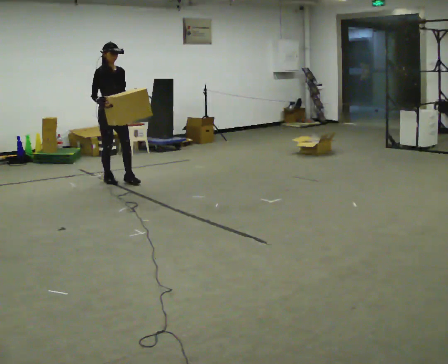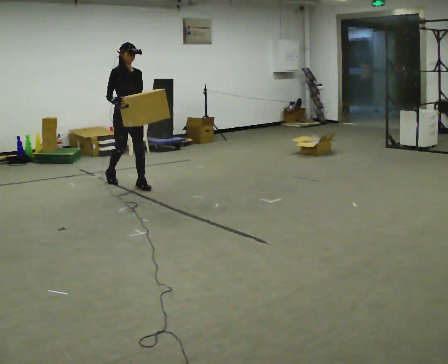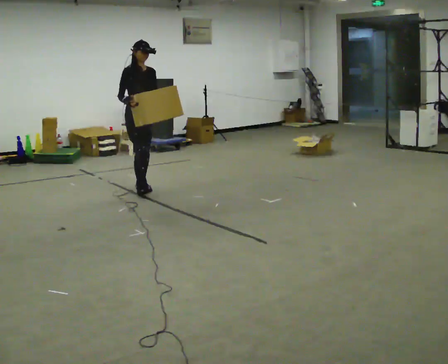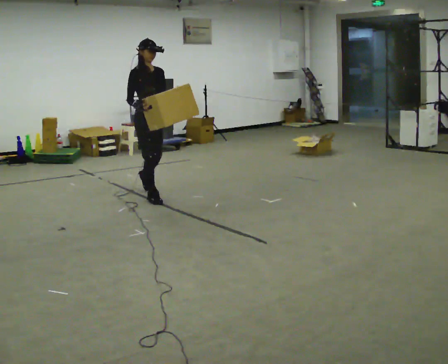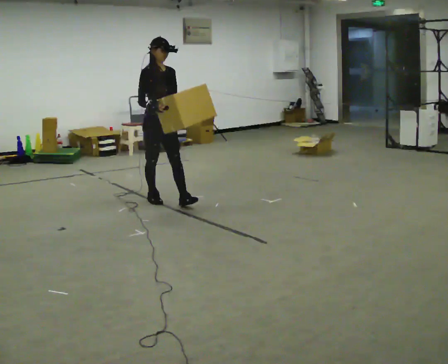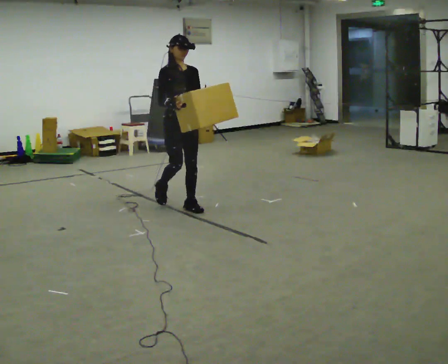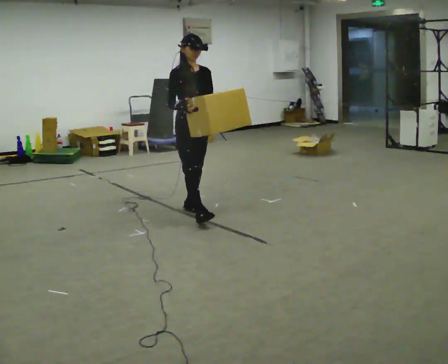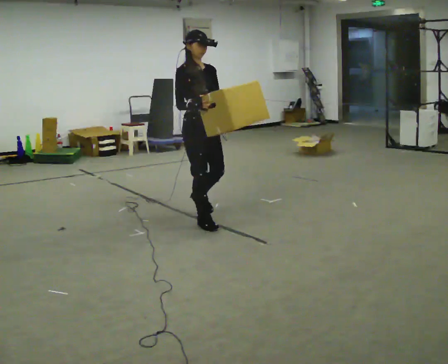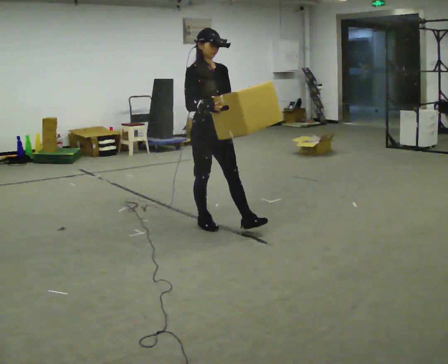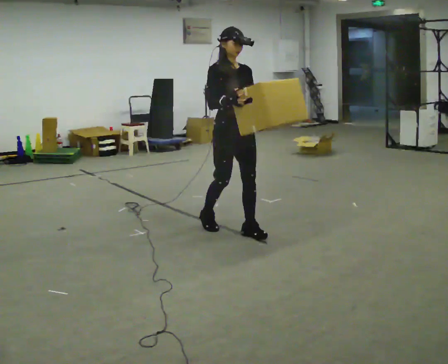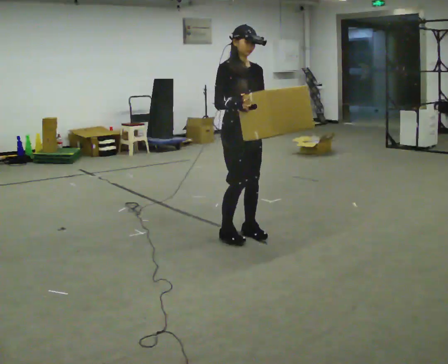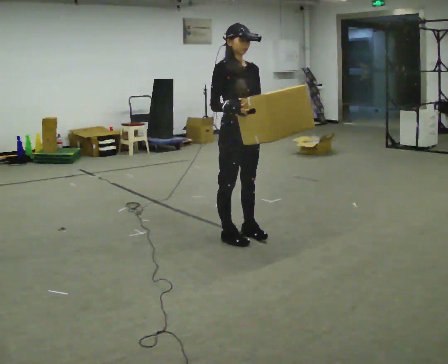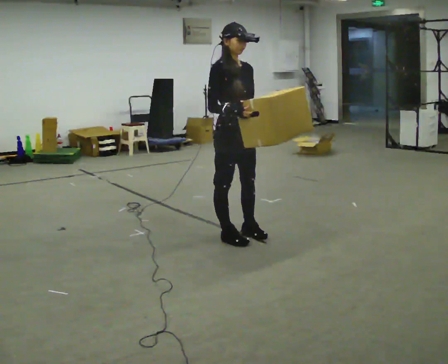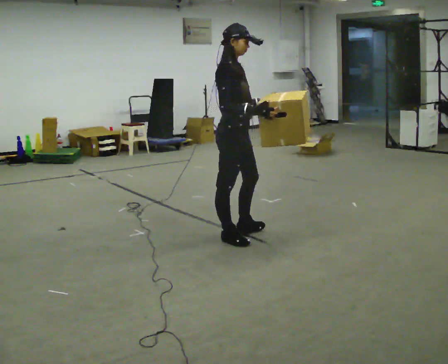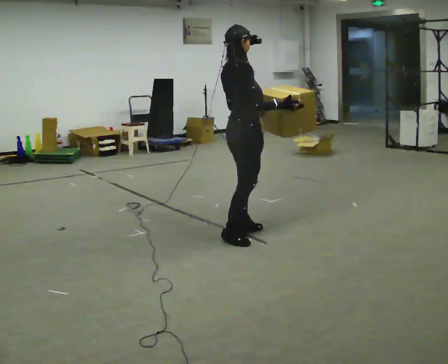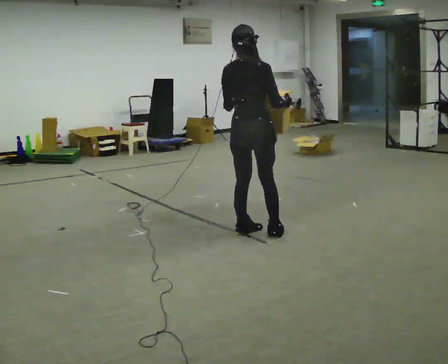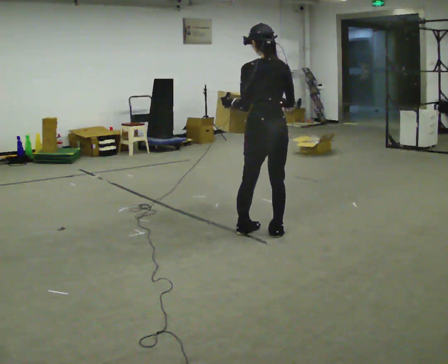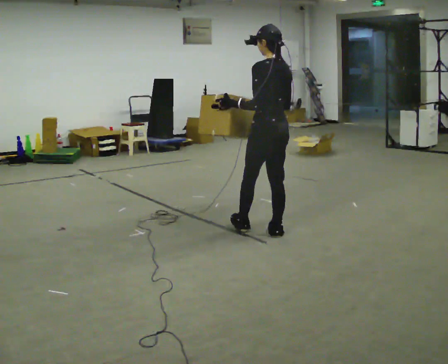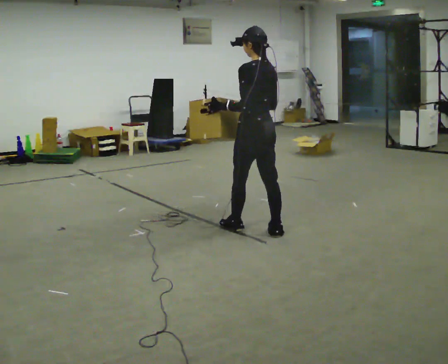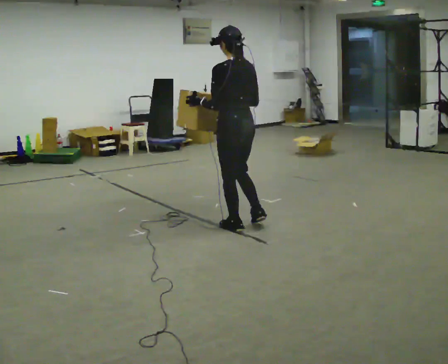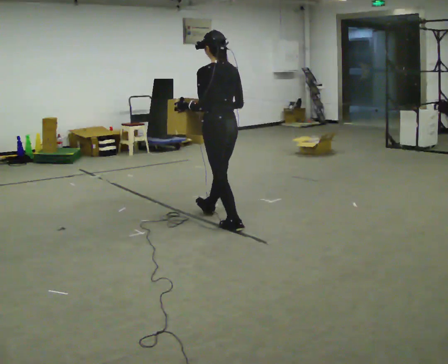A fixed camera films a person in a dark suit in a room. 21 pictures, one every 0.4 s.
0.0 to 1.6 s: In the picture they go toward the camera and to the right, about 1 m in 2 steps, which for them is forward.
1.6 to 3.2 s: In the picture they go toward the camera and to the right, about 1 m in 2 steps, which for them is forward.
3.2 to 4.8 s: In the picture they go toward the camera and to the right, about 0.25 m in 2 steps, which for them is forward.
4.8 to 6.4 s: The person turns about 150 degrees to their left, counterclockwise seen from above, so the part of the body nearest the lens slides to the right. In the picture they go to the right, about 0.25 m in 1 step.
6.4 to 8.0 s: In the picture they go to the left and away from the camera, about 0.5 m, which for them is forward.
The film runs forward here.
